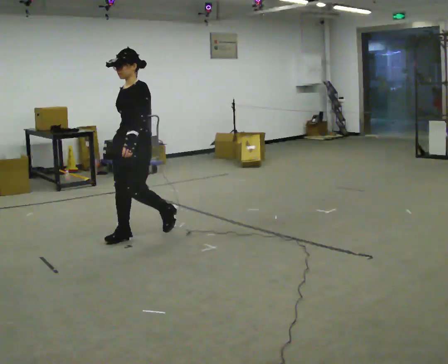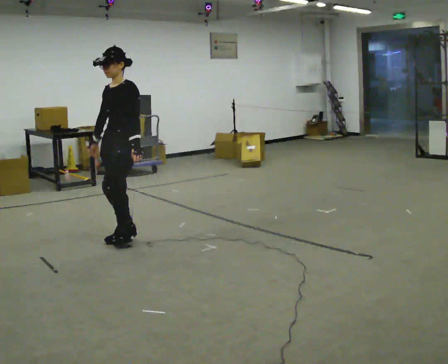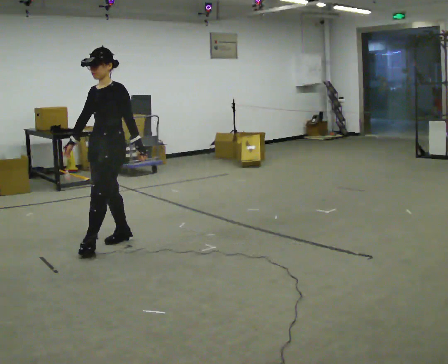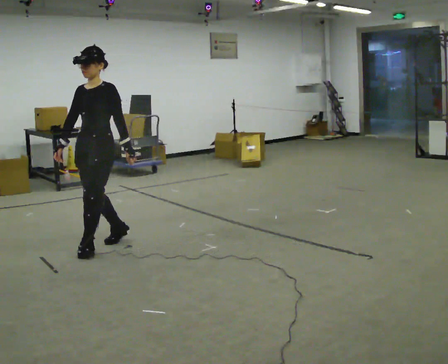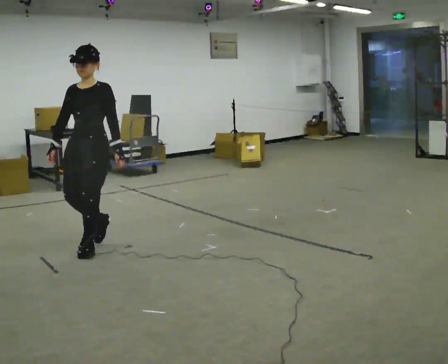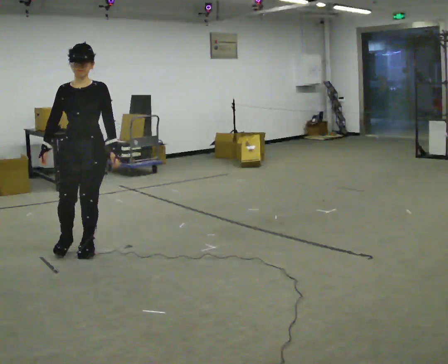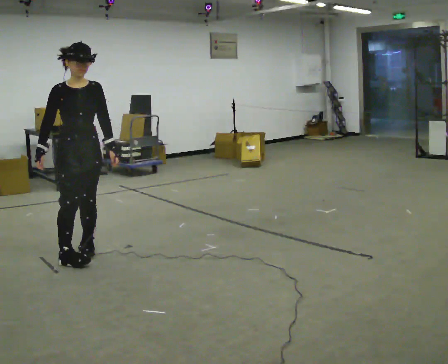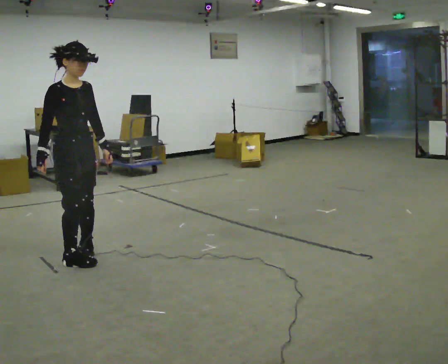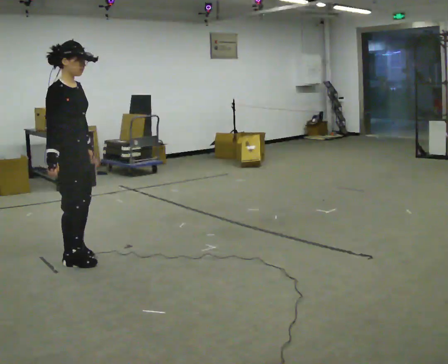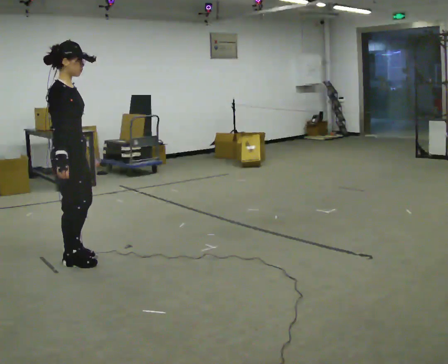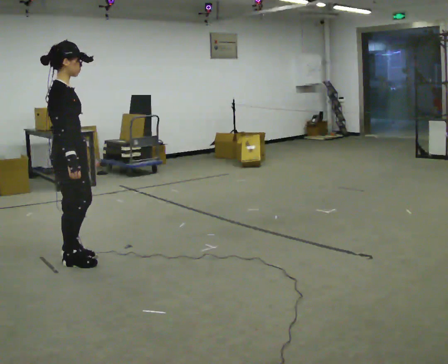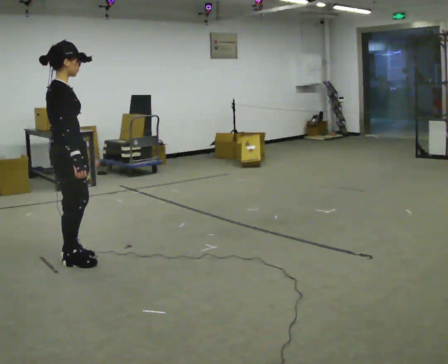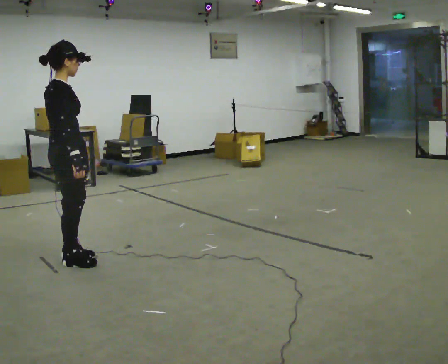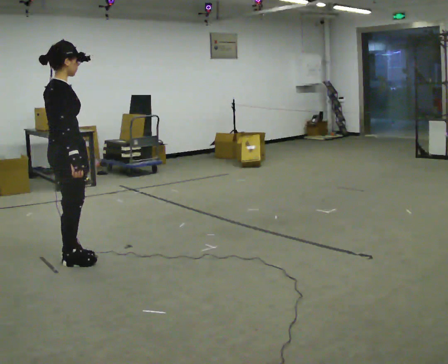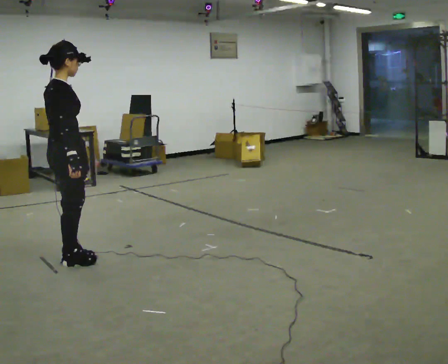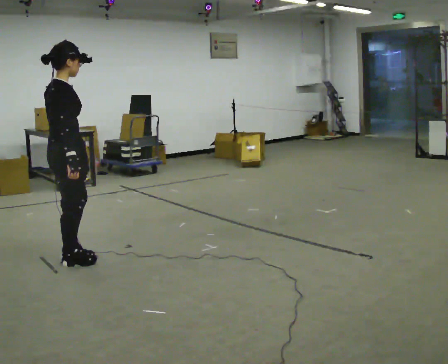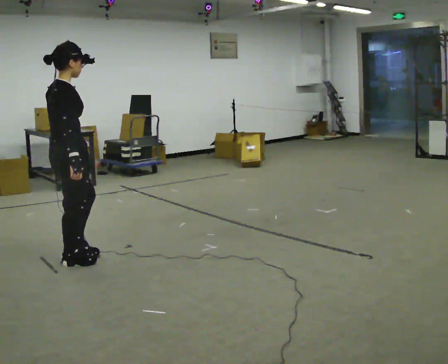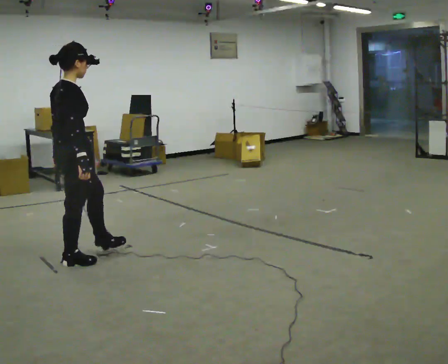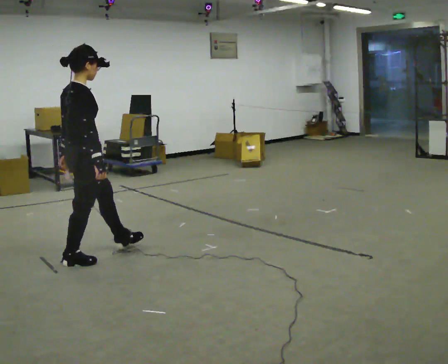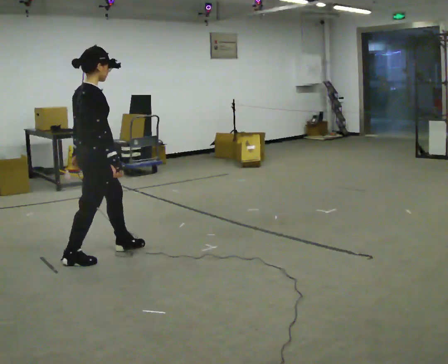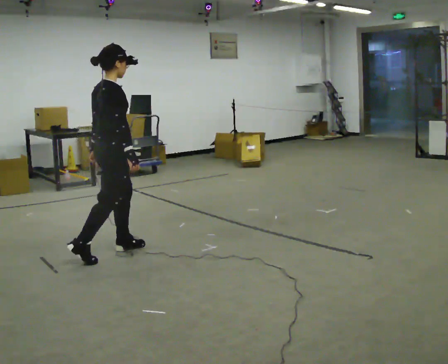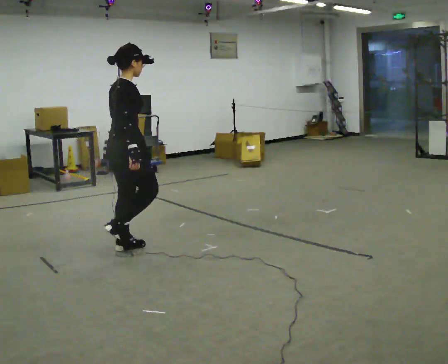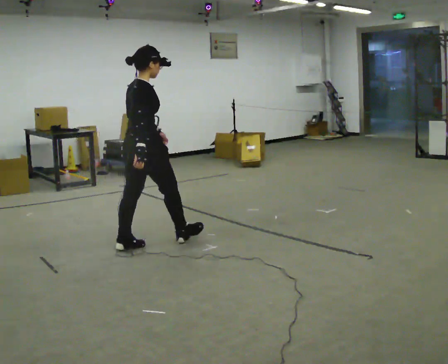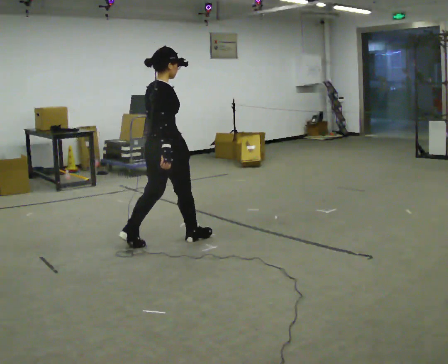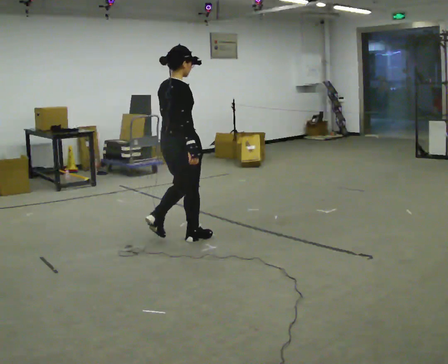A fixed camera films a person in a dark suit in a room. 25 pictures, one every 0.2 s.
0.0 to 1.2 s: The person turns about 75 degrees to their left, counterclockwise seen from above, so the part of the body nearest the lens slides to the right. In the picture they go to the left and toward the camera, about 0.5 m in 1 step.
1.2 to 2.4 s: The person turns about 90 degrees to their left, counterclockwise seen from above, so the part of the body nearest the lens slides to the right. In the picture they go toward the camera, about 0.25 m in 2 steps.
2.4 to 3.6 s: The person moves a little, or ends about where they began.
3.6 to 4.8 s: In the picture they go to the right and away from the camera, about 1 m in 1 step, which for them is forward.
The film runs forward here.
